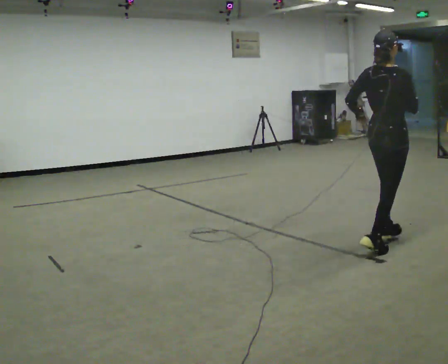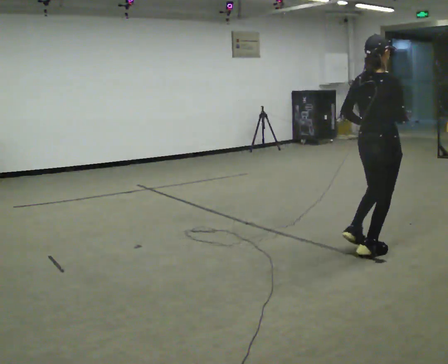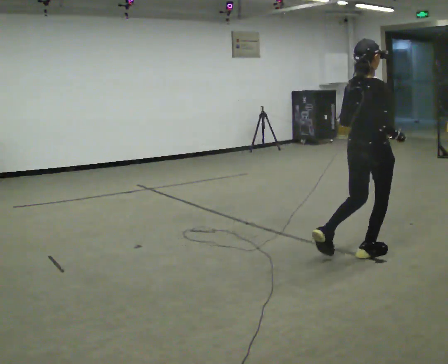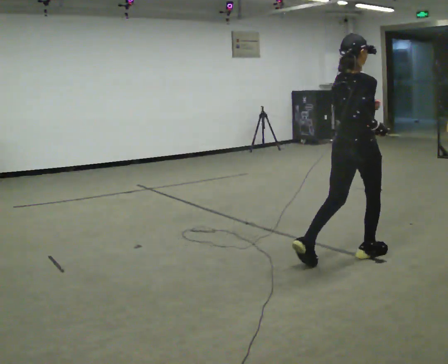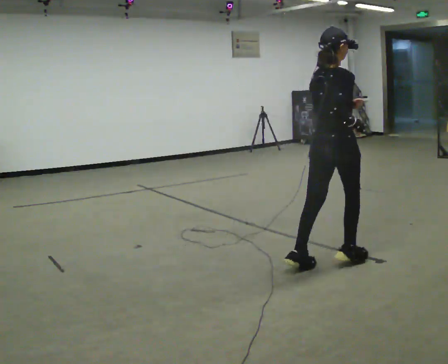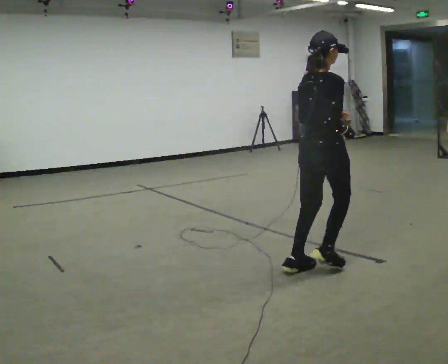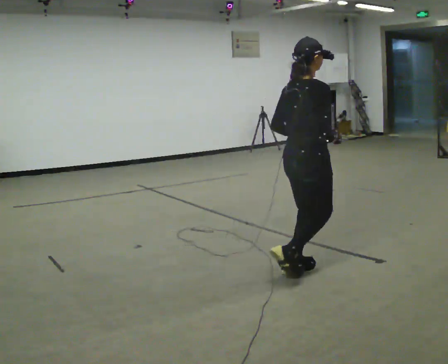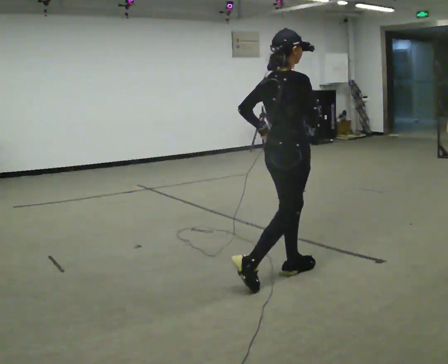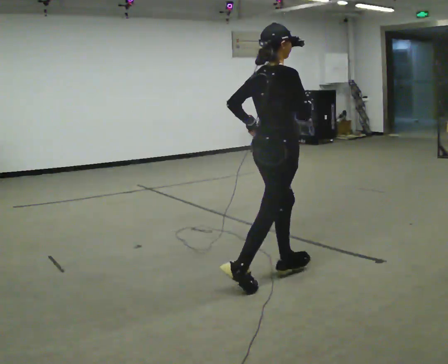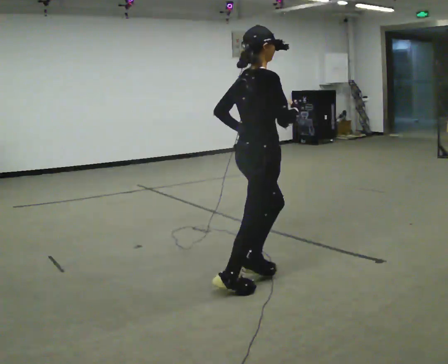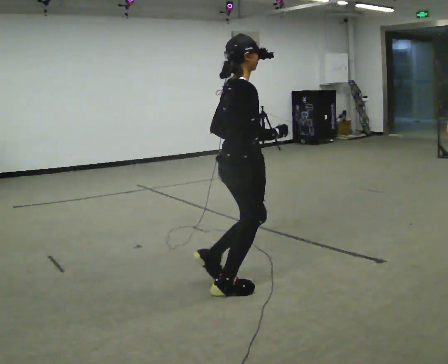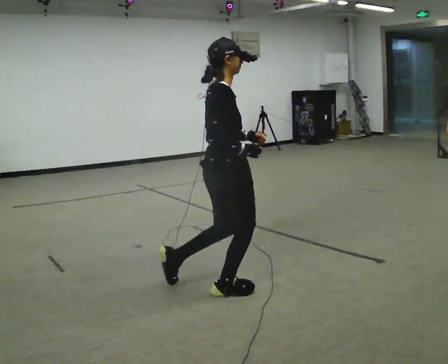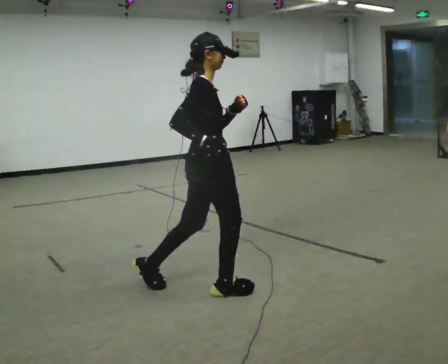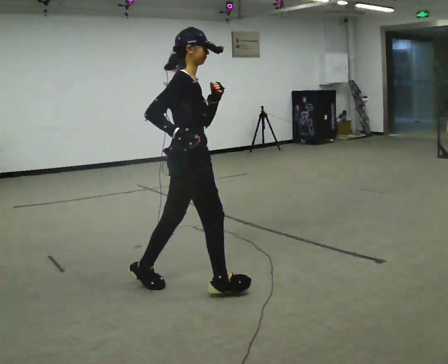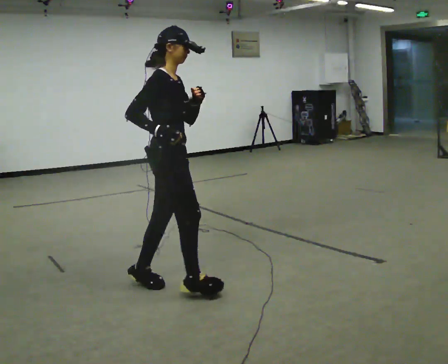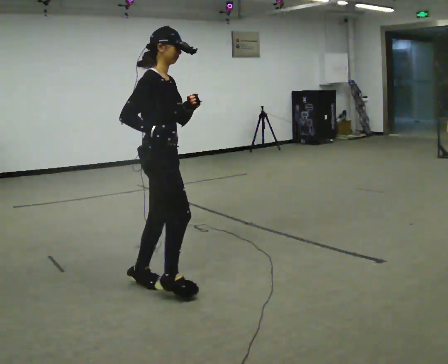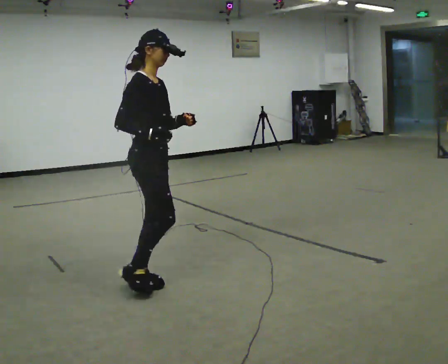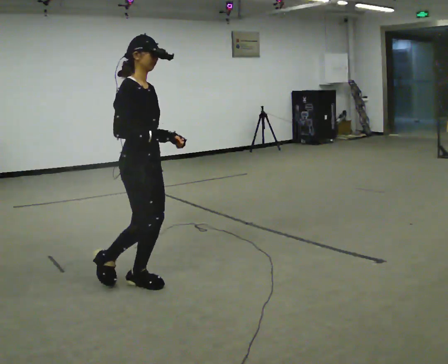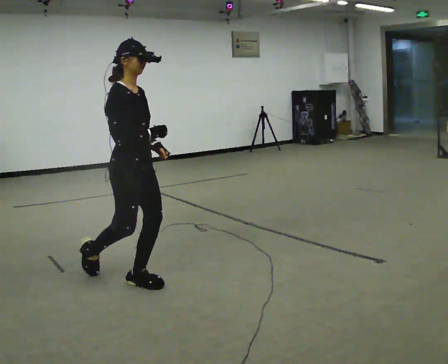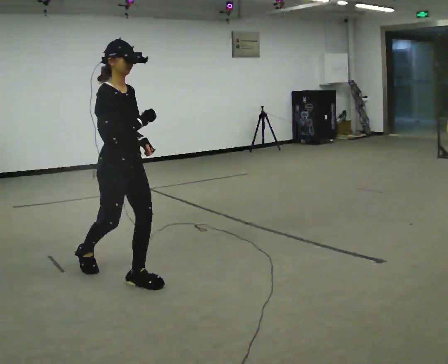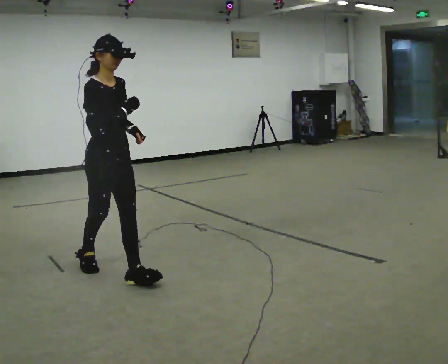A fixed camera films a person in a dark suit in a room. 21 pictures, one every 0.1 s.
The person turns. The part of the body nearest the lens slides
to the left.
The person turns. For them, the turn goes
to their right.
0.0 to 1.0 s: In the picture they go to the left and toward the camera, about 1.5 m in 2 steps, which for them is backward.
1.0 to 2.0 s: The part of the body nearest the lens slides to the left as the person turns to their right by about 45 degrees. In the picture they go to the left, about 1 m in 2 steps, which for them is backward.
The film runs backward here.
